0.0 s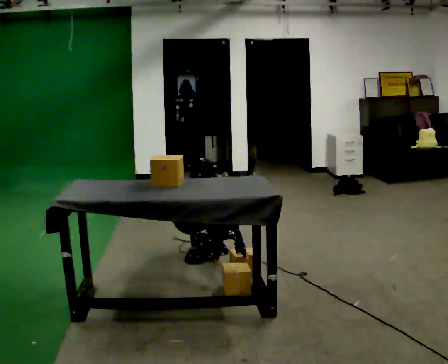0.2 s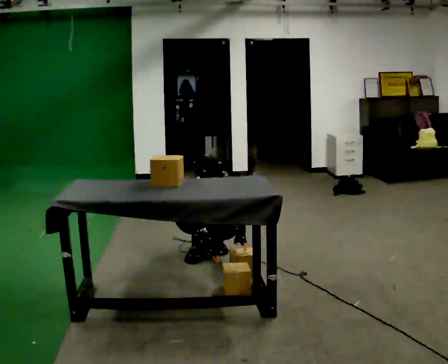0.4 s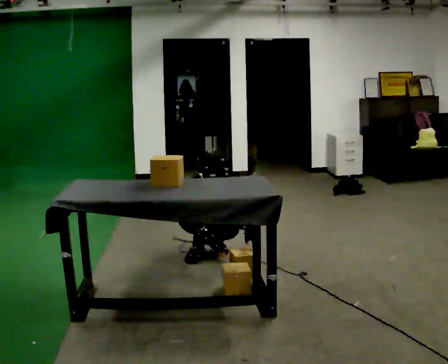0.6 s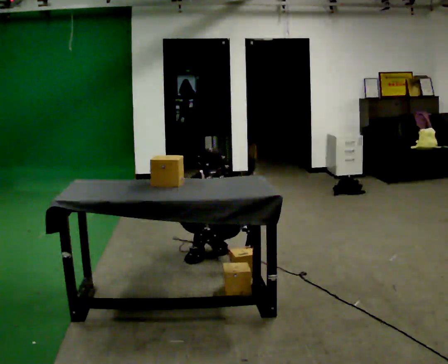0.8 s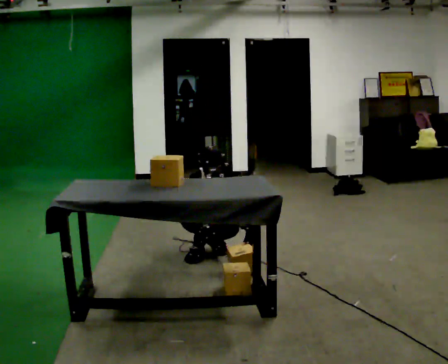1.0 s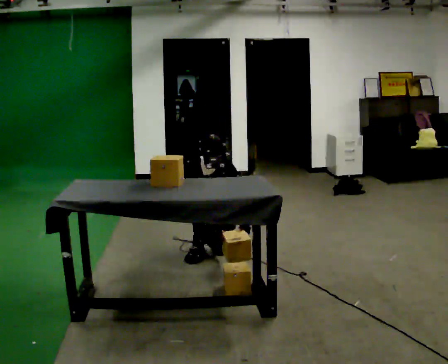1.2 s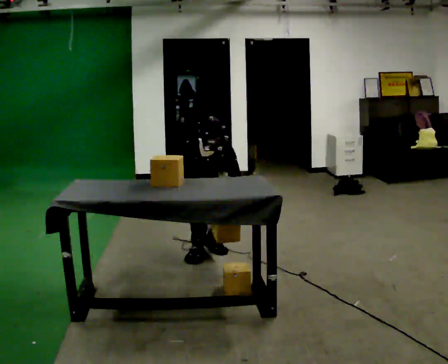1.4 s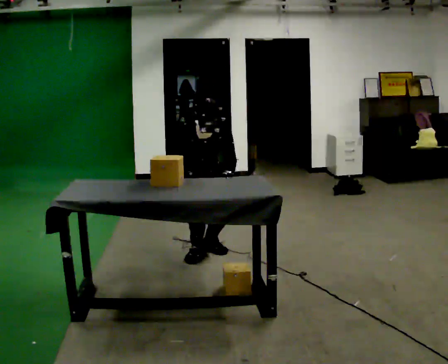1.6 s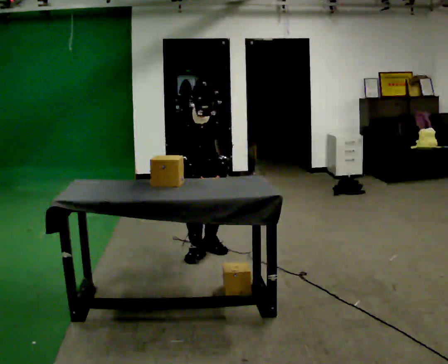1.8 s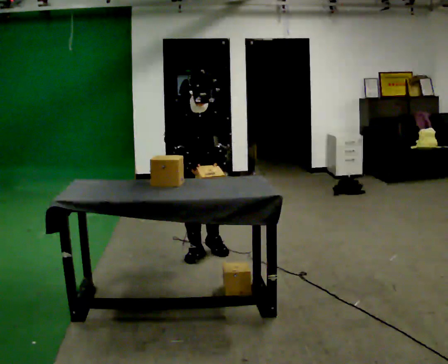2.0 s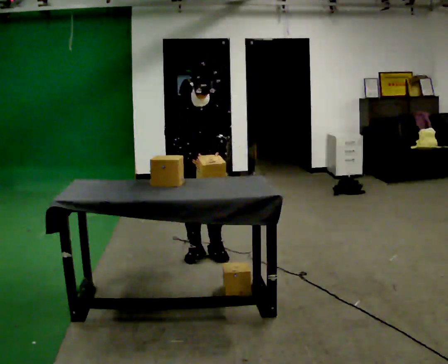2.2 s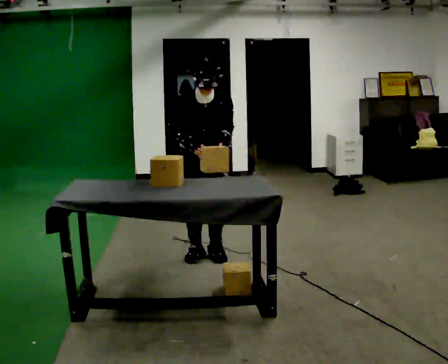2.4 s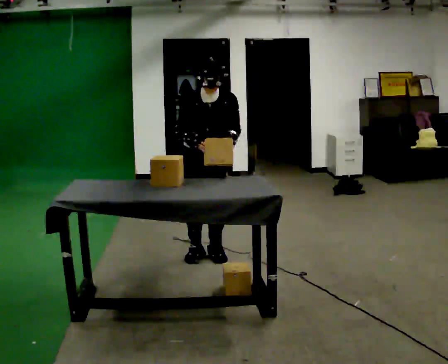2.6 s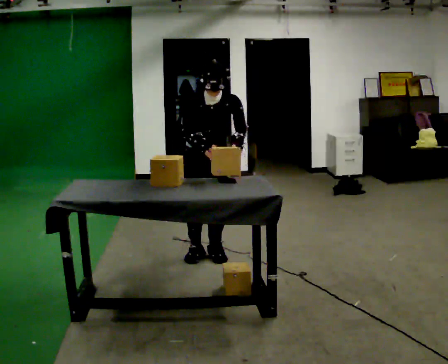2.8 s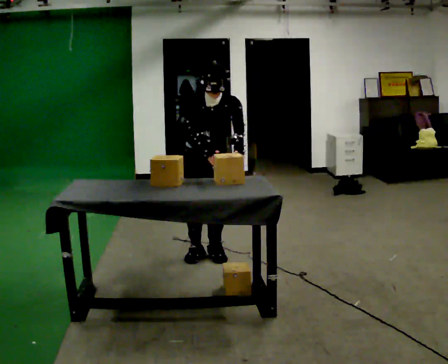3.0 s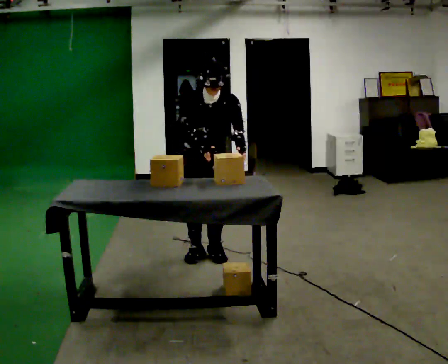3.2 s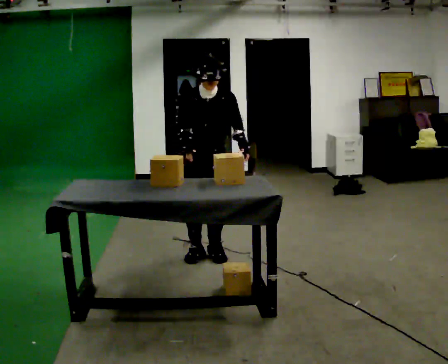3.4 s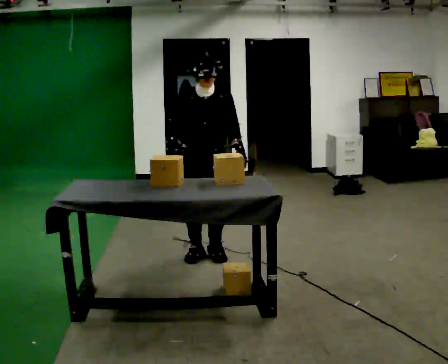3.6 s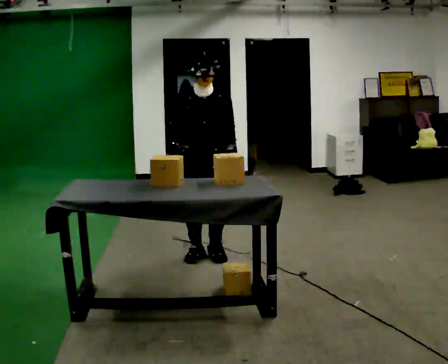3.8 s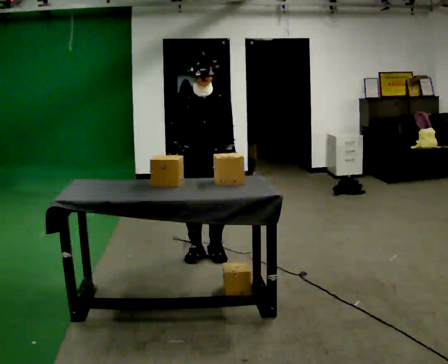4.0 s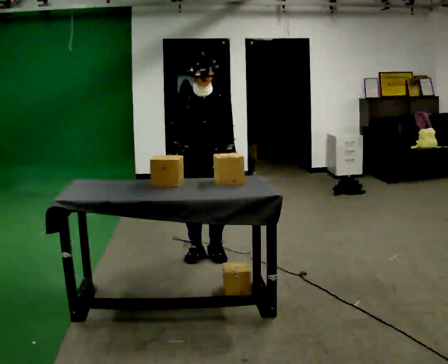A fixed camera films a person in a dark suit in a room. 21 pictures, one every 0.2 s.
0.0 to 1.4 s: The upper body goes upward. In the picture their left hand goes upward.
1.4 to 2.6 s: The upper body goes upward. In the picture their left hand goes upward.
2.6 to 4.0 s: The upper body tips away from the camera, its near side rolling upward, as they lean back or straighten.
The film runs backward here.
